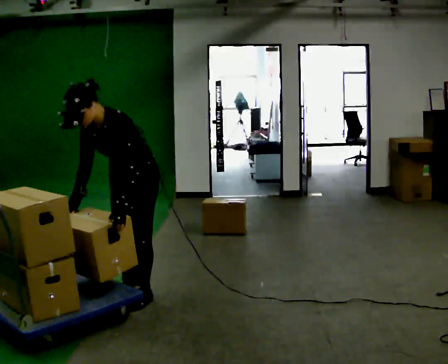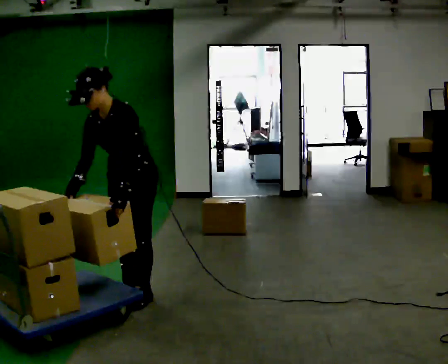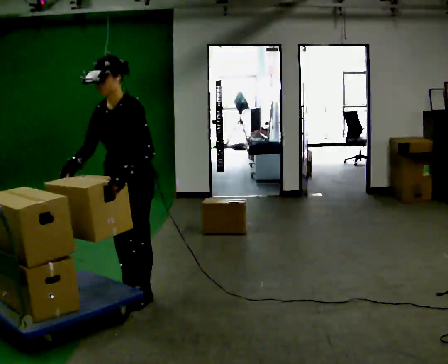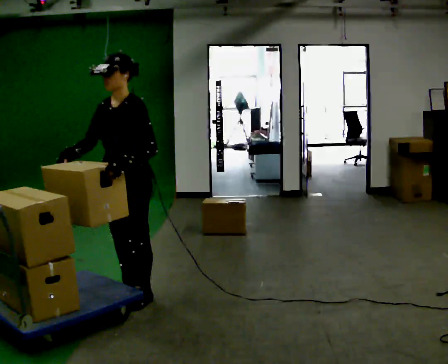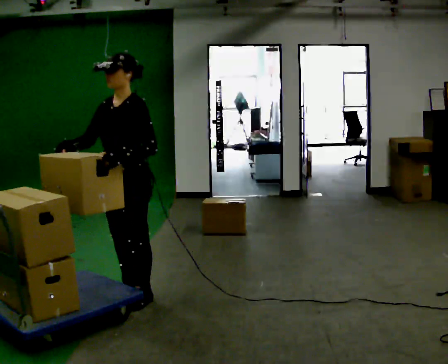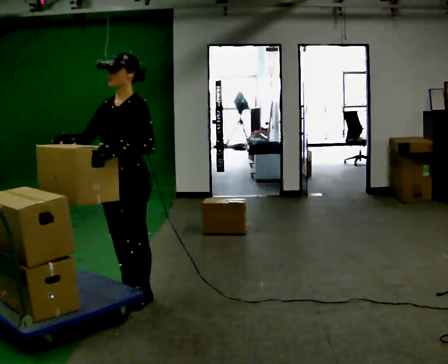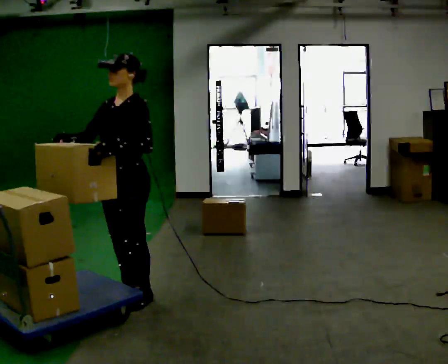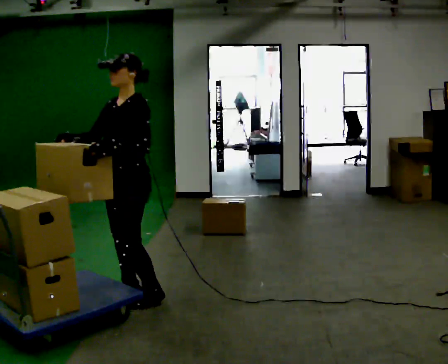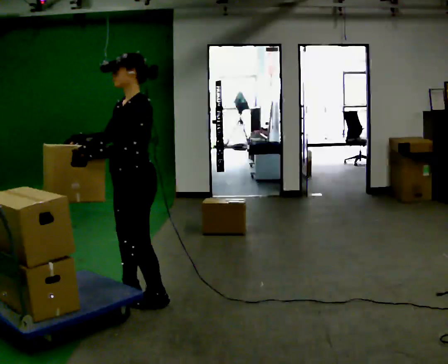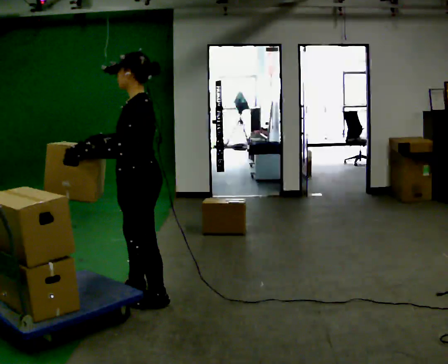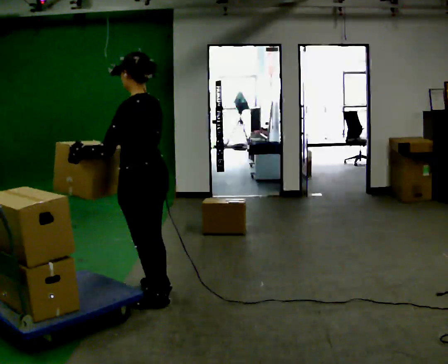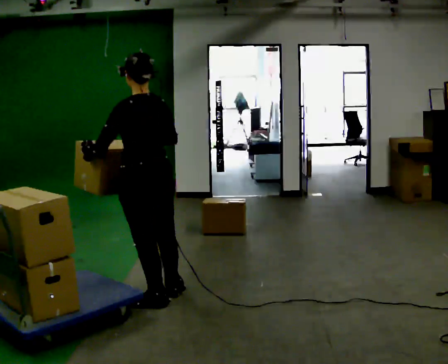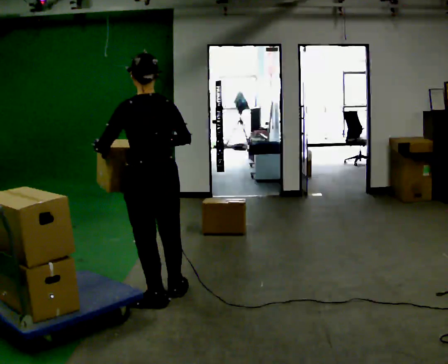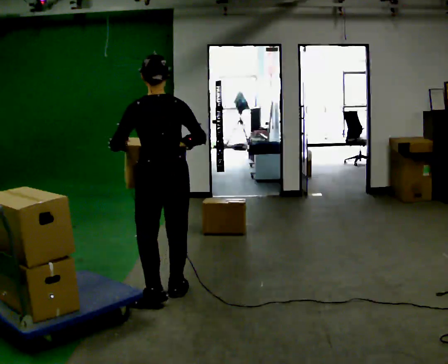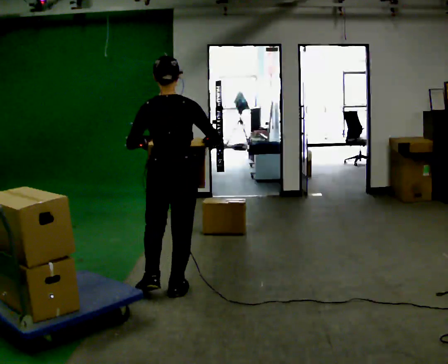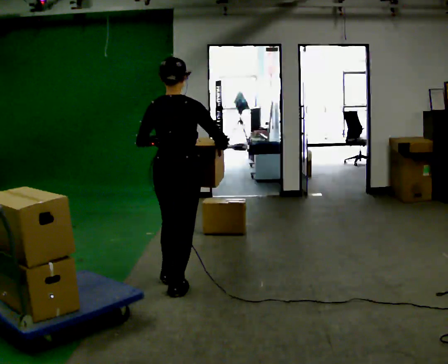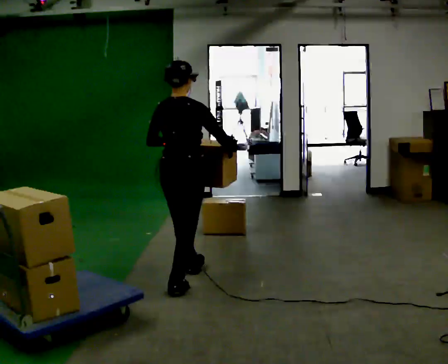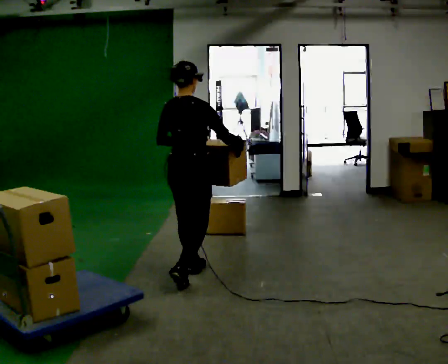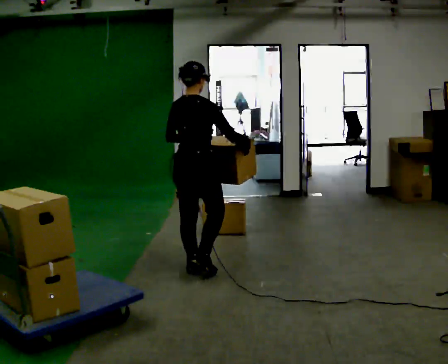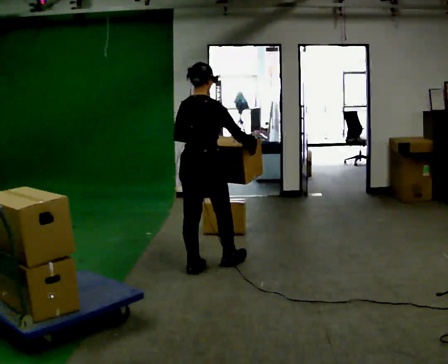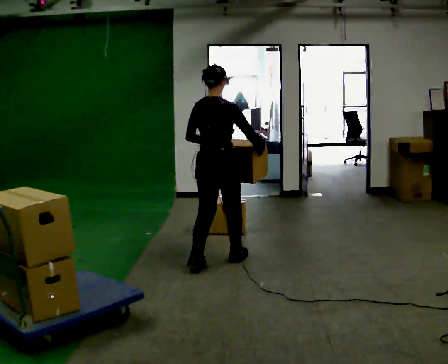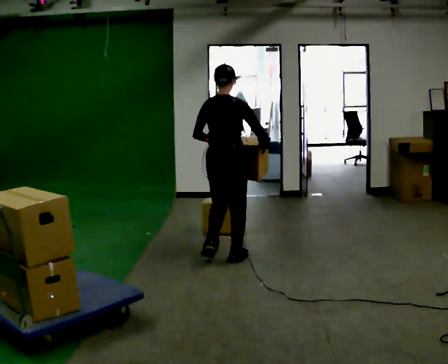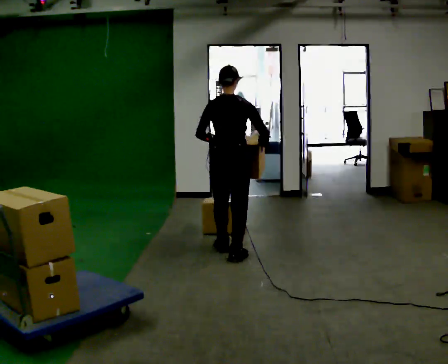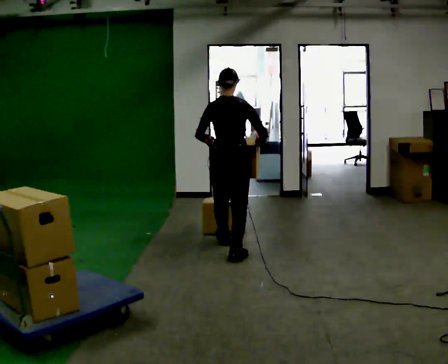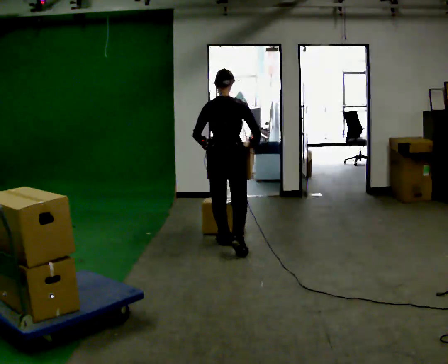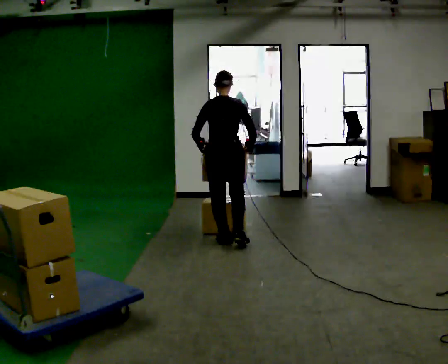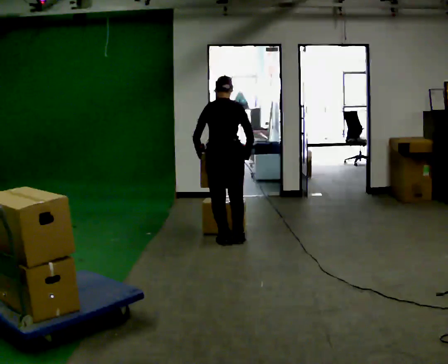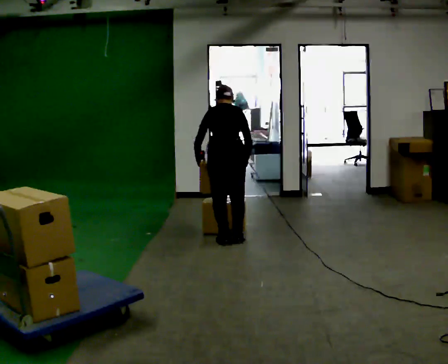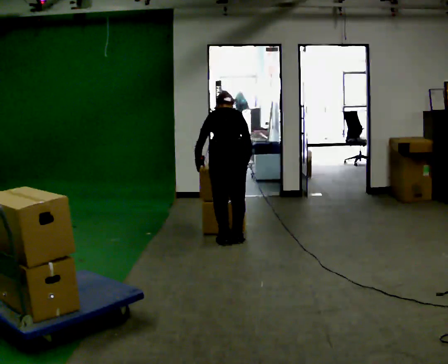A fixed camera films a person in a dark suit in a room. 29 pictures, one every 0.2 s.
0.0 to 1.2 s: The upper body tips away from the camera, its near side rolling upward, as they lean back or straighten. In the picture their left hand goes upward.
1.2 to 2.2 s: Seen from above the body turns clockwise, about 105 degrees: to their right, with its near side sliding to the left. In the picture they go to the right, about 0.25 m in 2 steps. In the picture their right hand goes to the right.
2.2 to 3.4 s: The person turns about 75 degrees to their right, clockwise seen from above, so the part of the body nearest the lens slides to the left. In the picture they go away from the camera and to the right, about 0.5 m in 1 step.
3.4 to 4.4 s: In the picture they go away from the camera and to the right, about 0.5 m in 1 step, which for them is forward.
4.4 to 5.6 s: In the picture they go away from the camera, about 0.25 m in 2 steps, which for them is forward. The upper body tips away from the camera, its near side rolling upward, as they bend forward.
The film runs forward here.
